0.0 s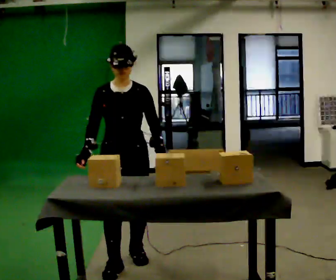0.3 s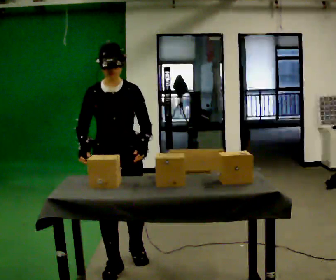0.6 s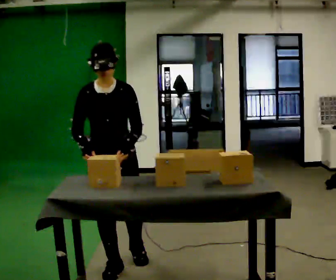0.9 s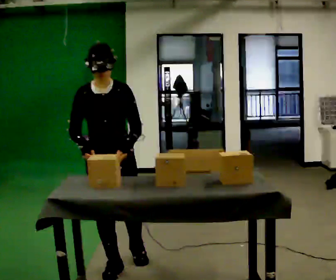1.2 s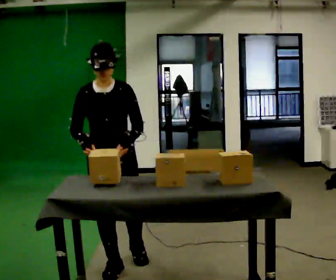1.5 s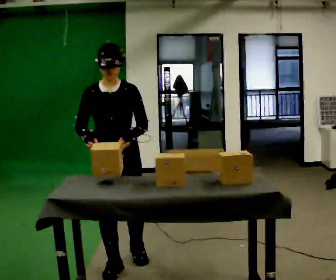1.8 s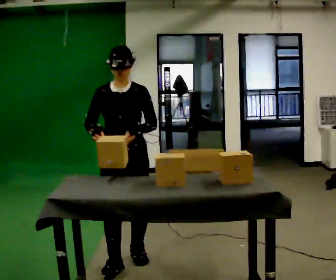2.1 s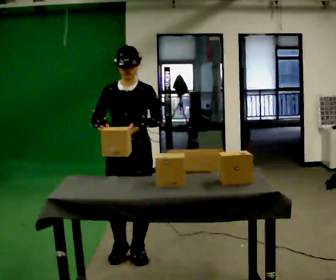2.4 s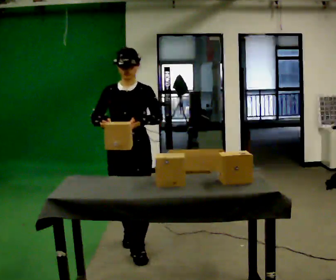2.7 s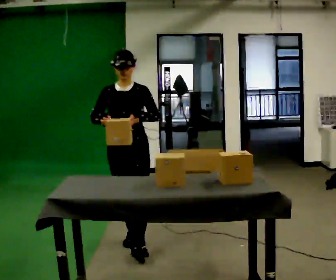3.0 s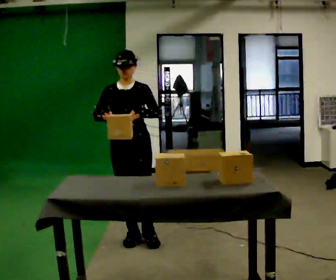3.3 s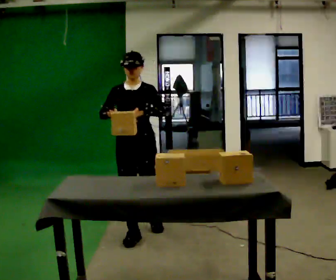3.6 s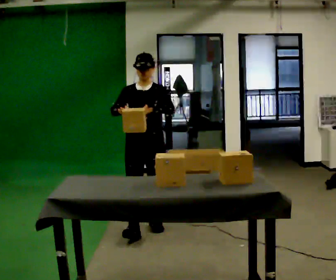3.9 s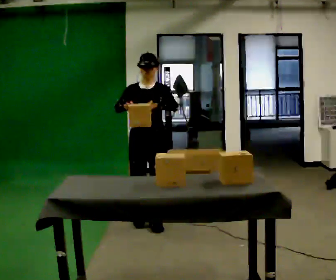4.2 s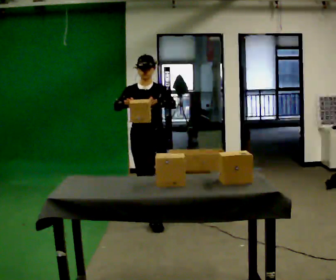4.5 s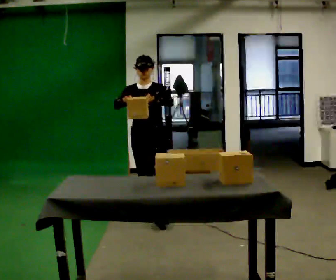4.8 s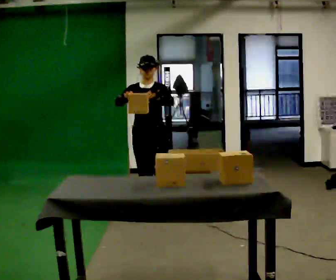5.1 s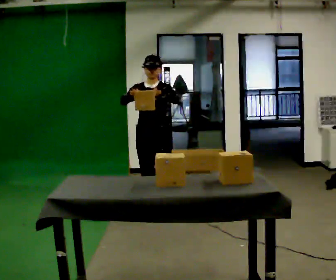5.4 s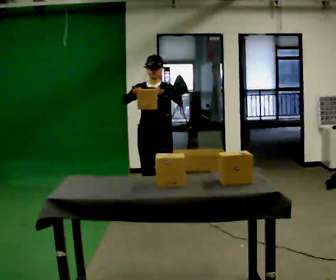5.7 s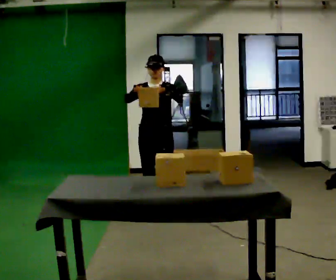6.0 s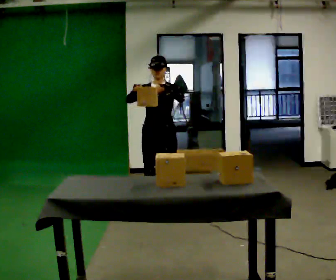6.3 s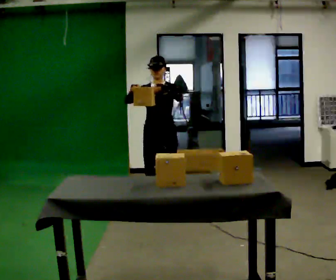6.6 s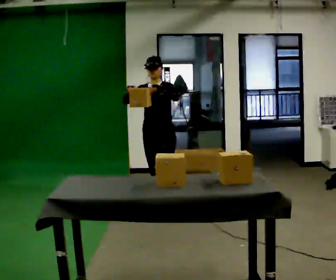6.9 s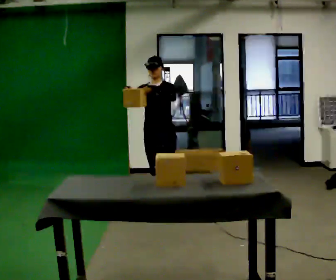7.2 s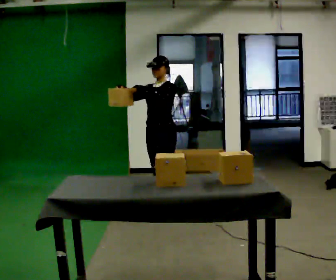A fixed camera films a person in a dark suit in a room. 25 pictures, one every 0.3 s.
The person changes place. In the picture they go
away from the camera.
0.0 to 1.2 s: The person moves a little, or ends about where they began.
1.2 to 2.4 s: In the picture they go away from the camera, about 0.25 m in 1 step, which for them is backward.
2.4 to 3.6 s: In the picture they go away from the camera, about 0.5 m in 2 steps, which for them is backward.
3.6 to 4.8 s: In the picture they go away from the camera, about 0.5 m in 1 step, which for them is backward.
4.8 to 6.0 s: The person moves a little, or ends about where they began.
6.0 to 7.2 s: The part of the body nearest the lens slides to the left as the person turns to their right by about 30 degrees. In the picture they go away from the camera, about 0.25 m in 1 step, which for them is backward.
The film runs backward here.
